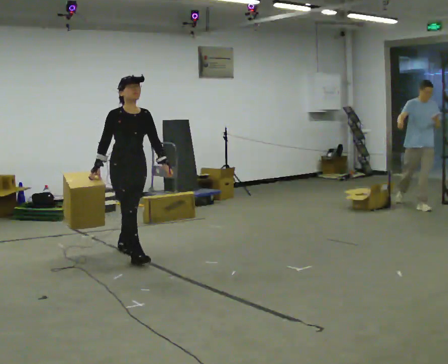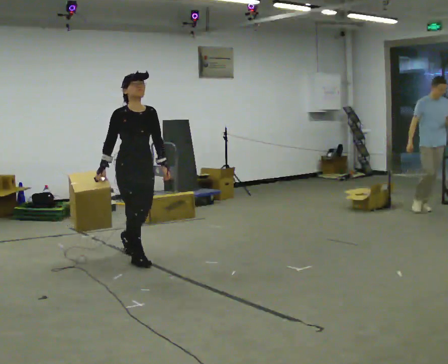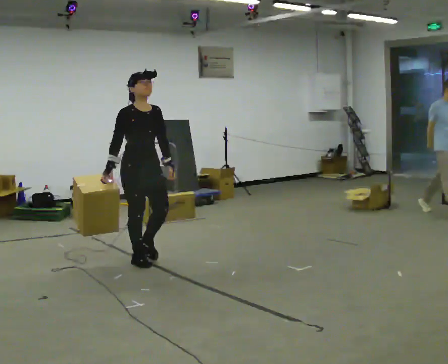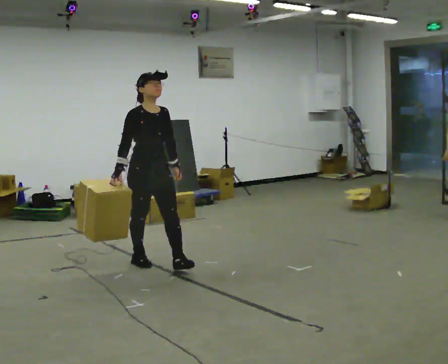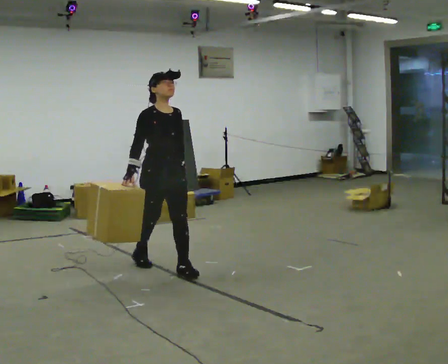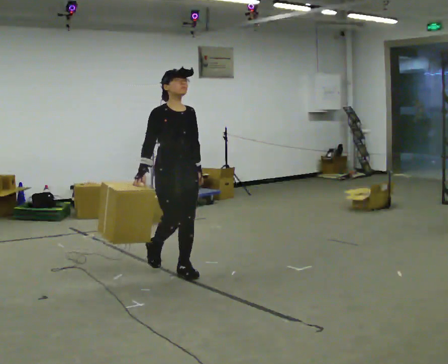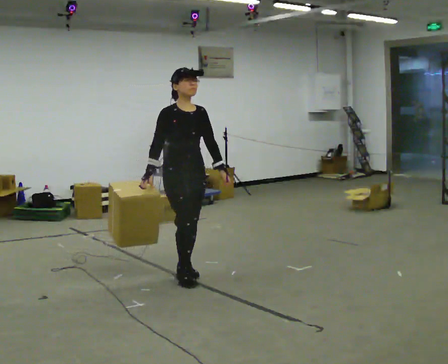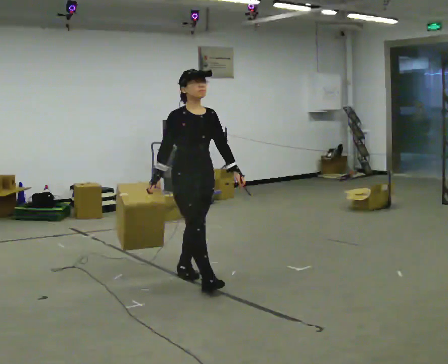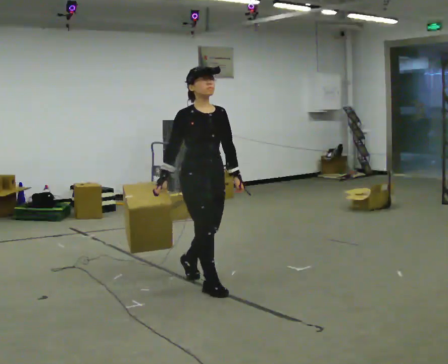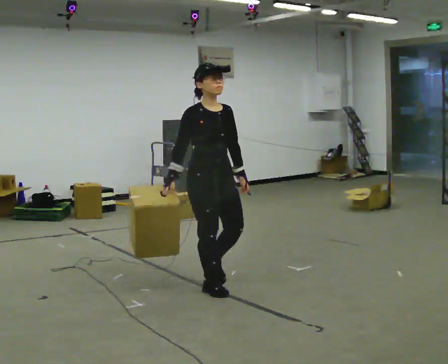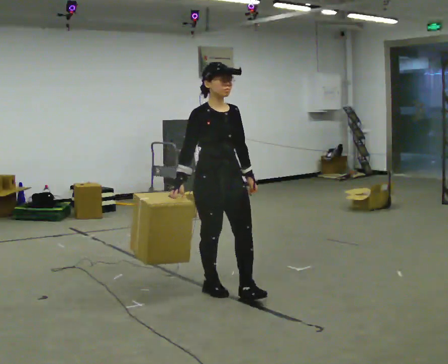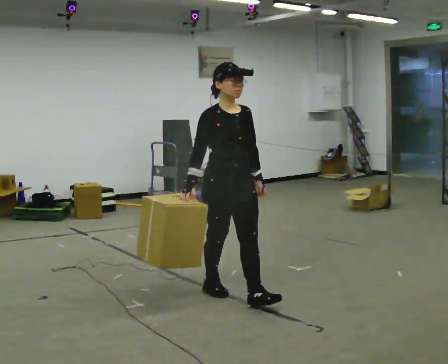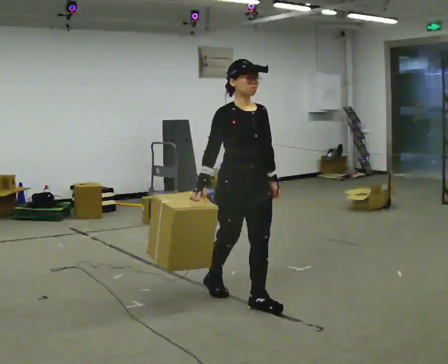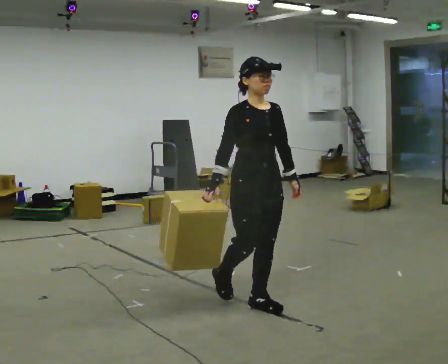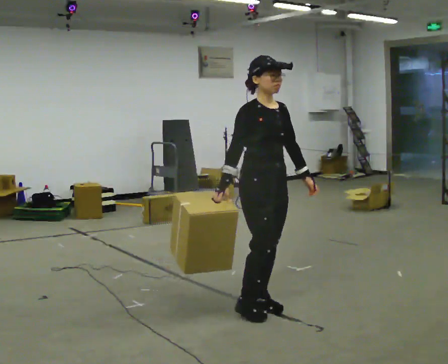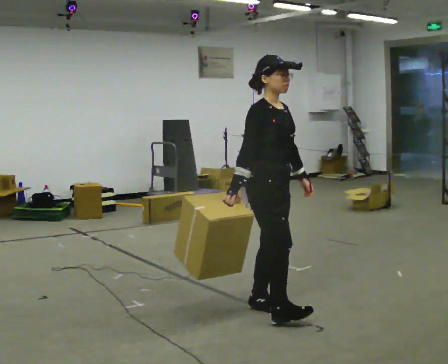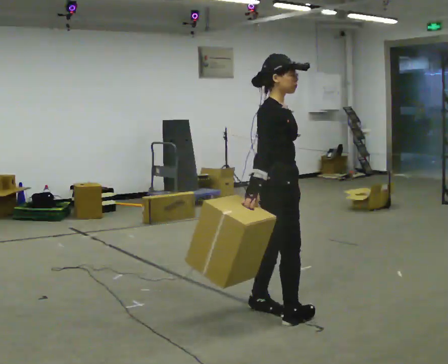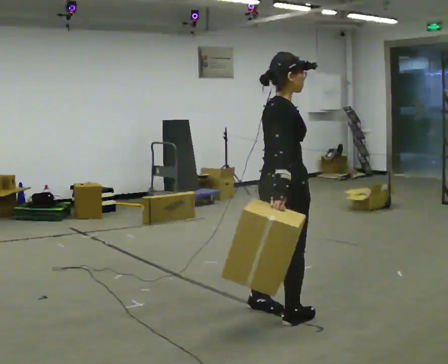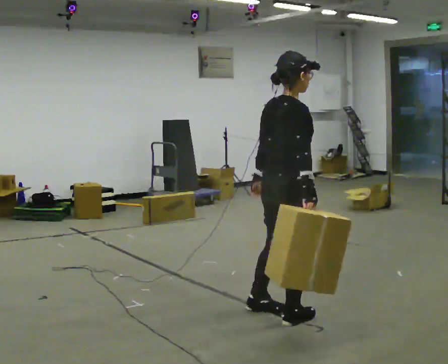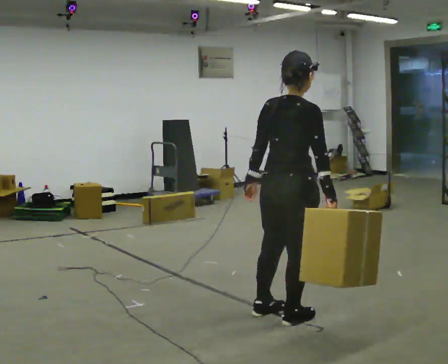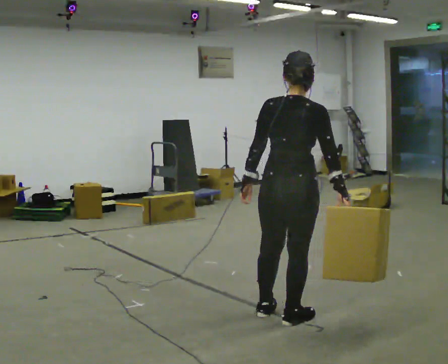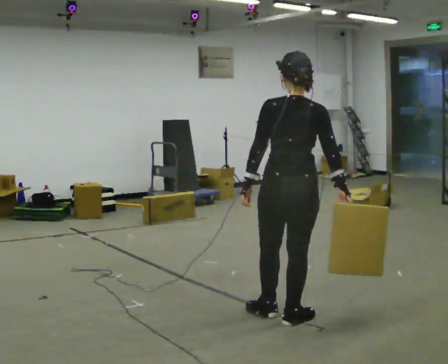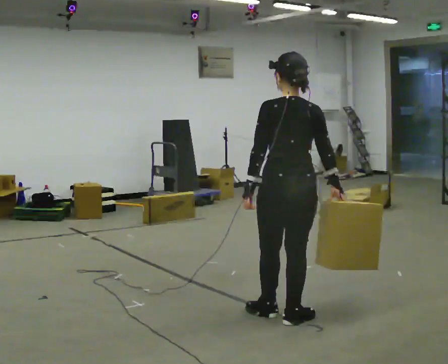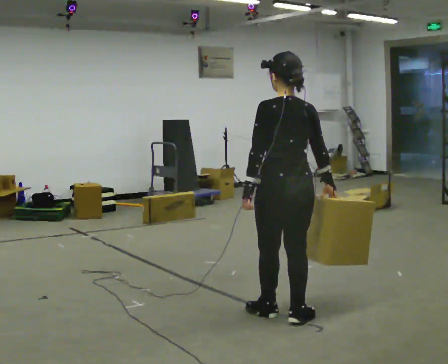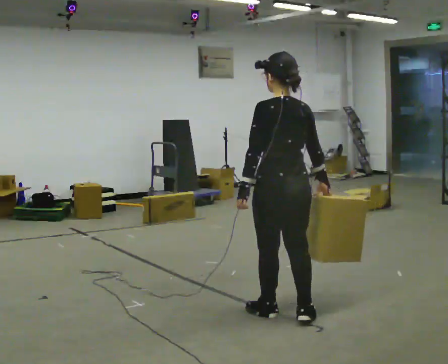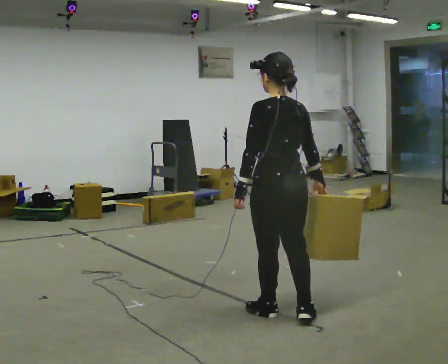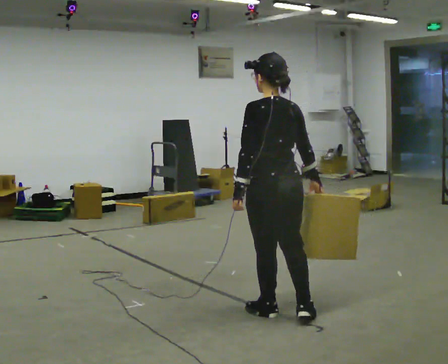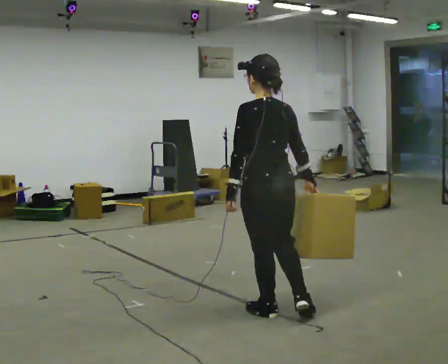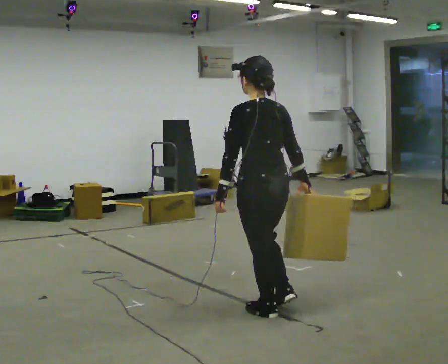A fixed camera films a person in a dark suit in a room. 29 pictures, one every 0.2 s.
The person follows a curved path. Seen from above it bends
clockwise.
The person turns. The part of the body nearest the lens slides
to the right.
0.0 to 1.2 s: In the picture they go to the right and toward the camera, about 1 m in 1 step, which for them is forward.
1.2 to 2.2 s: In the picture they go toward the camera and to the right, about 0.75 m in 2 steps, which for them is forward.
2.2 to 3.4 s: The part of the body nearest the lens slides to the right as the person turns to their left by about 75 degrees. In the picture they go to the right and toward the camera, about 0.5 m in 1 step.
3.4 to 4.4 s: The part of the body nearest the lens slides to the right as the person turns to their left by about 90 degrees.
4.4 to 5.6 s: In the picture they go to the left, about 0.25 m, which for them is forward.
The film runs forward here.
